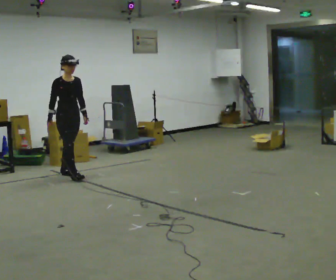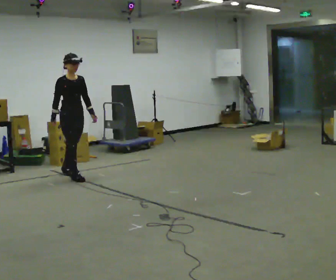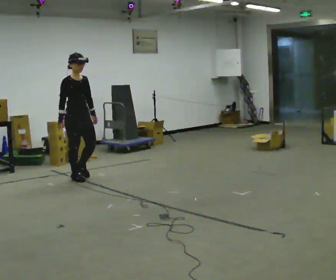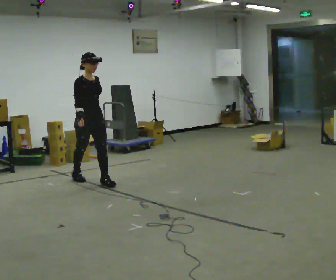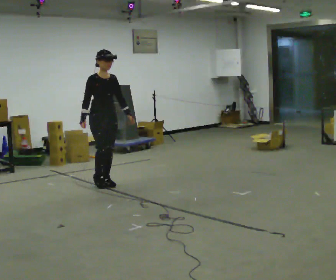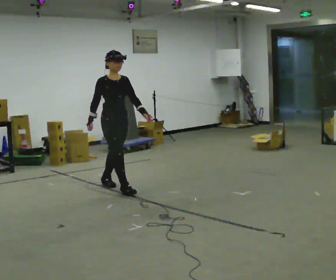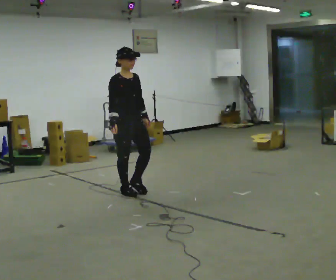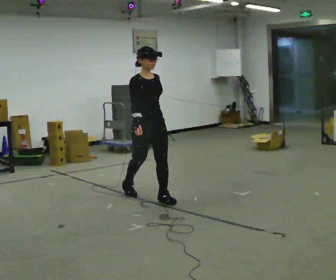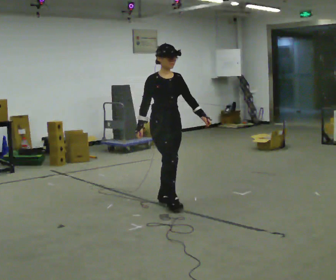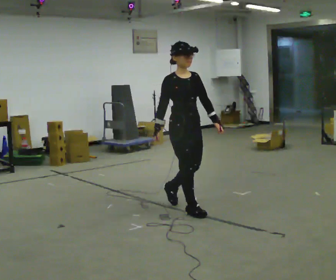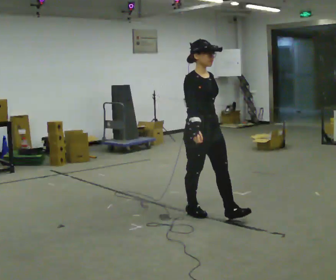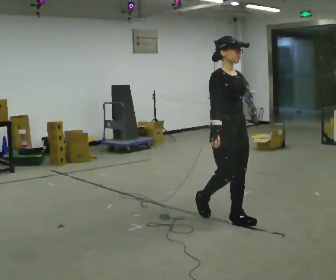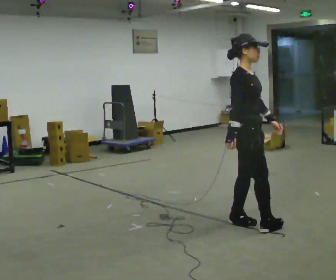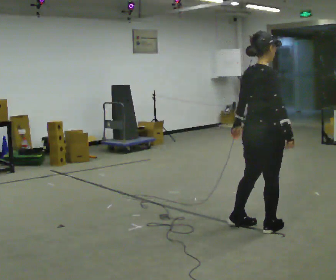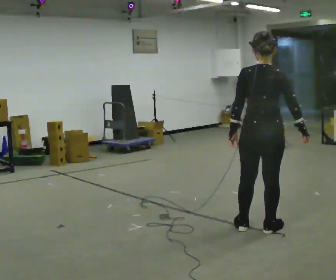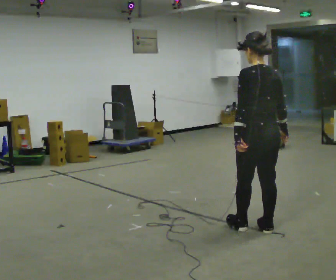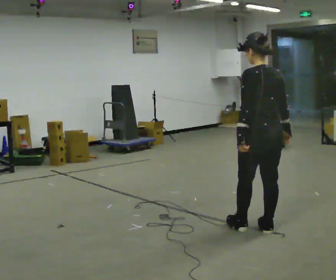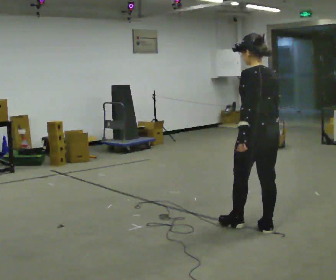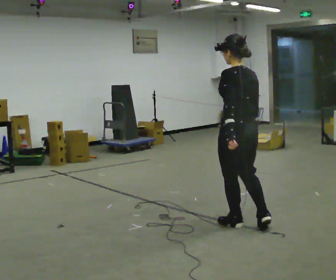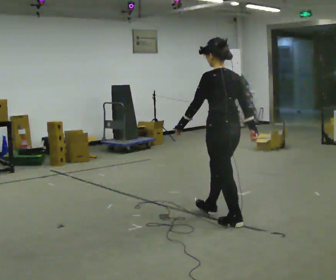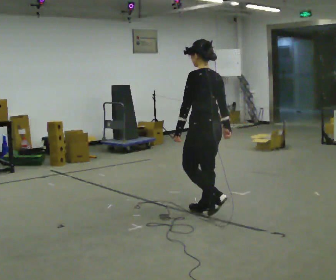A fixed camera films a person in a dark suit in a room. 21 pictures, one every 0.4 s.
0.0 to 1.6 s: In the picture they go to the right and toward the camera, about 0.5 m in 1 step, which for them is forward.
1.6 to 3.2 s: In the picture they go toward the camera and to the right, about 1 m in 2 steps, which for them is forward.
3.2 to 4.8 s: The person turns about 45 degrees to their left, counterclockwise seen from above, so the part of the body nearest the lens slides to the right. In the picture they go toward the camera and to the right, about 1 m in 2 steps, which for them is forward.
4.8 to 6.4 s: The person turns about 135 degrees to their left, counterclockwise seen from above, so the part of the body nearest the lens slides to the right. In the picture they go toward the camera, about 0.25 m in 2 steps. In the picture their left hand goes to the left, the arm swinging clockwise.
6.4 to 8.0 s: In the picture they go away from the camera and to the left, about 0.5 m in 1 step, which for them is forward.
The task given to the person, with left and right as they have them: Walk forward noticeably slower than normal; do not shuffle; stop.
The film runs forward here.
